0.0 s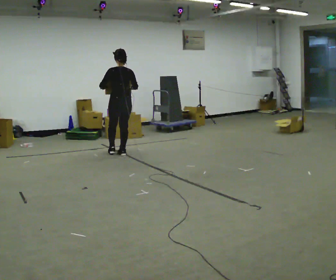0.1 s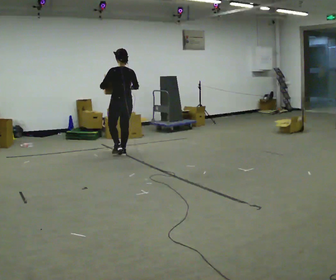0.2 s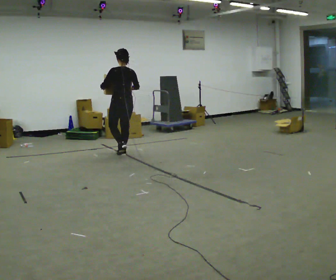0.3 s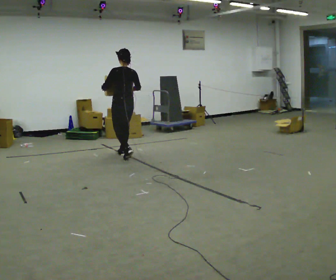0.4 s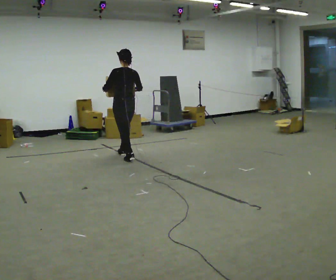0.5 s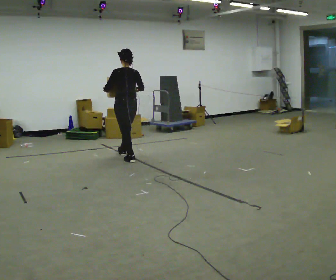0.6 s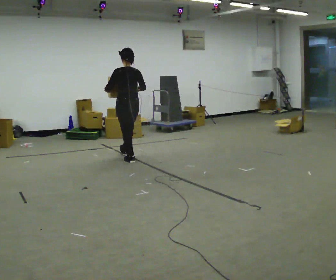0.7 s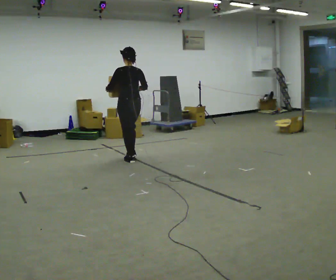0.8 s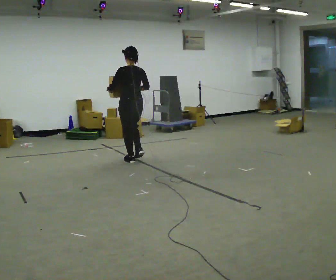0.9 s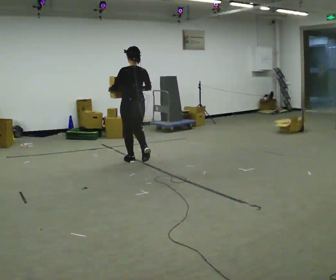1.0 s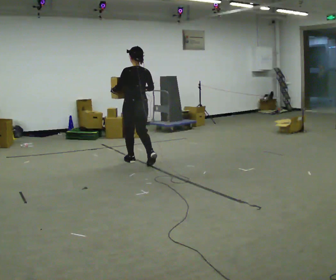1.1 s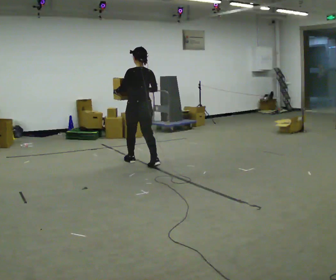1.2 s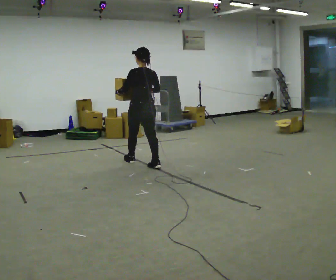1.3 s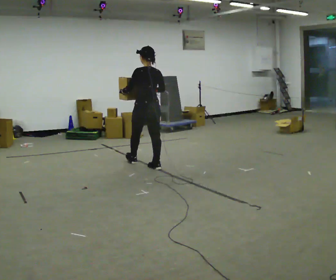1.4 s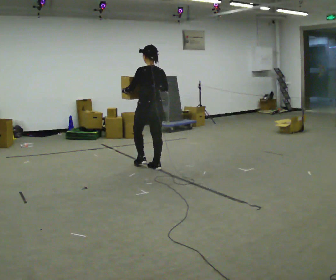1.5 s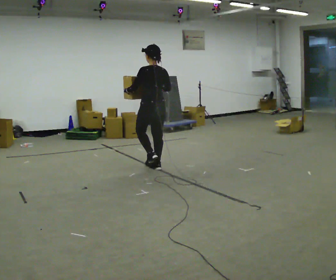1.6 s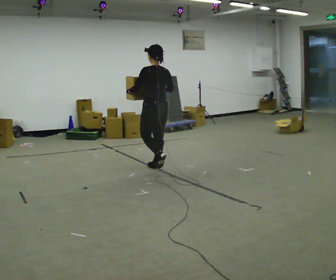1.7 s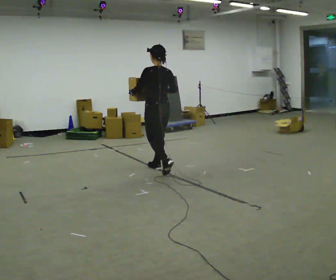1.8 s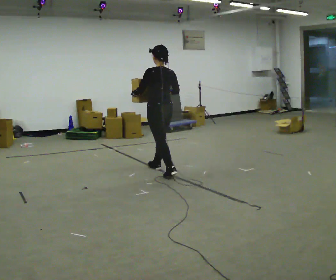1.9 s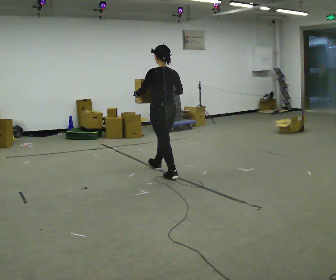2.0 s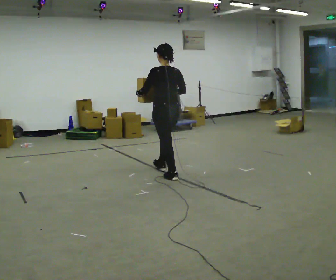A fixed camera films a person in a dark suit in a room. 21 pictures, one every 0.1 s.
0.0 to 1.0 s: In the picture they go toward the camera and to the right, about 0.5 m in 1 step, which for them is backward.
1.0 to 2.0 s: In the picture they go toward the camera and to the right, about 0.5 m in 2 steps, which for them is backward.
The film runs backward here.
